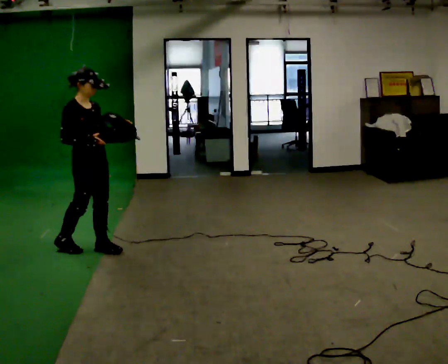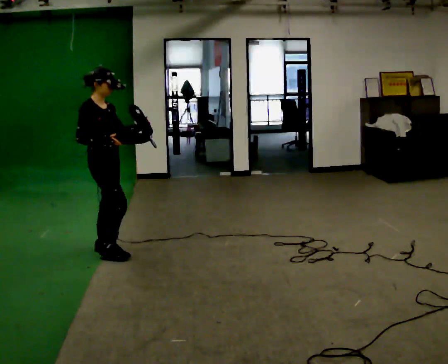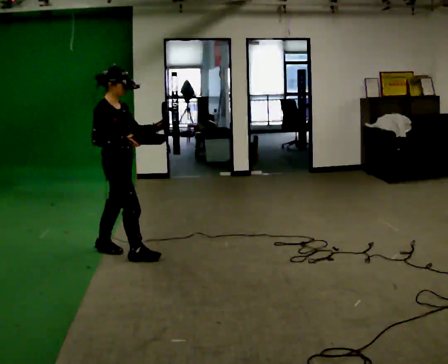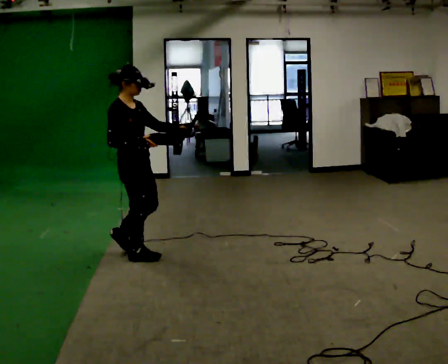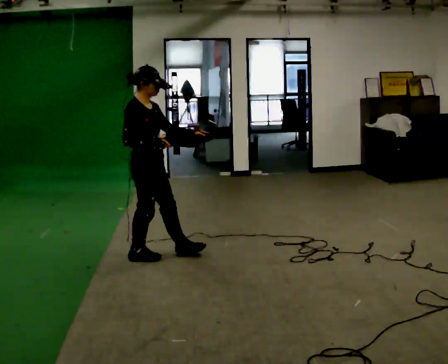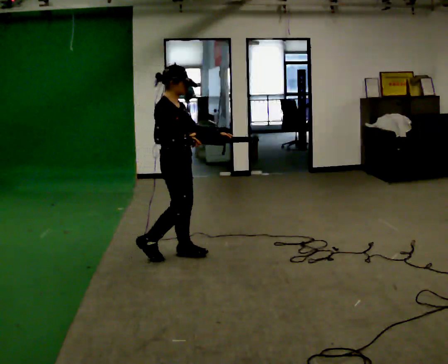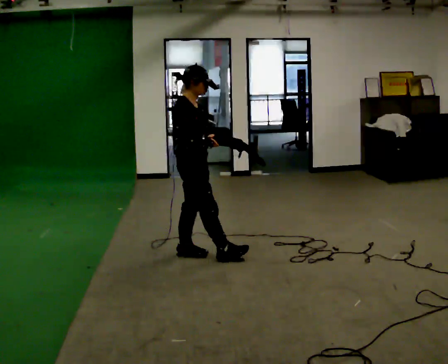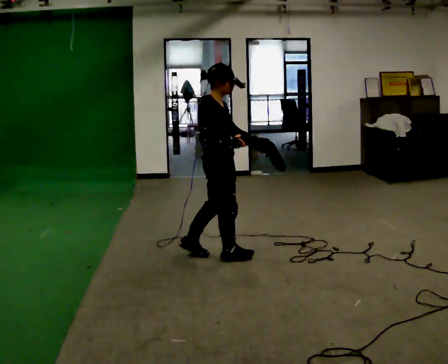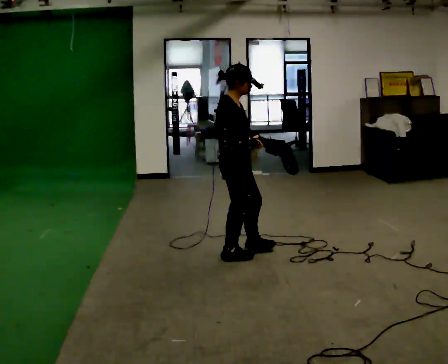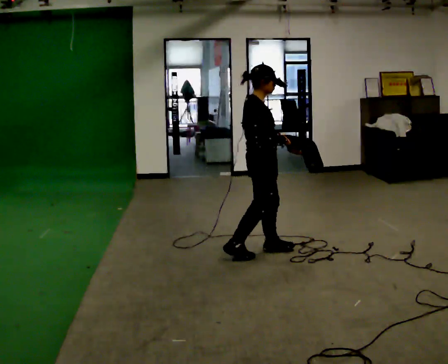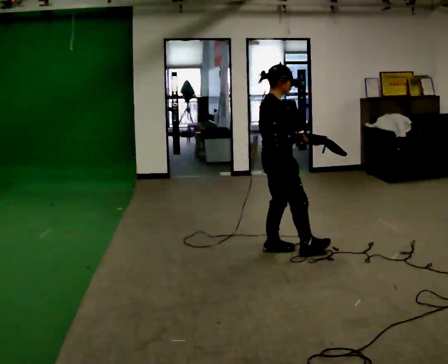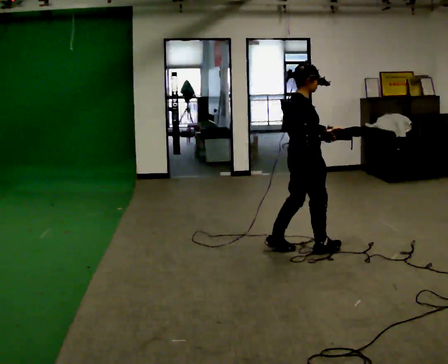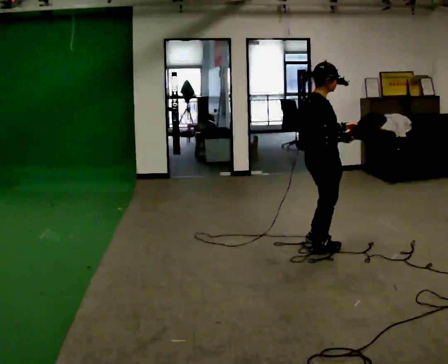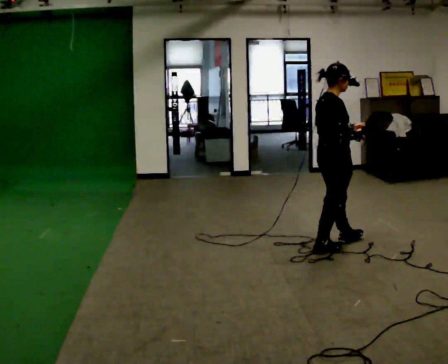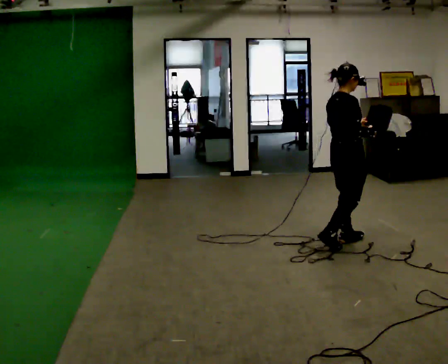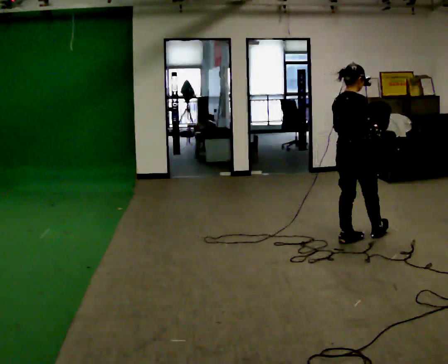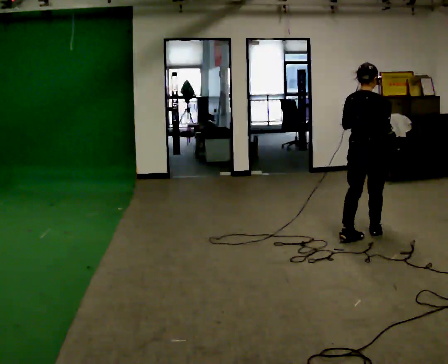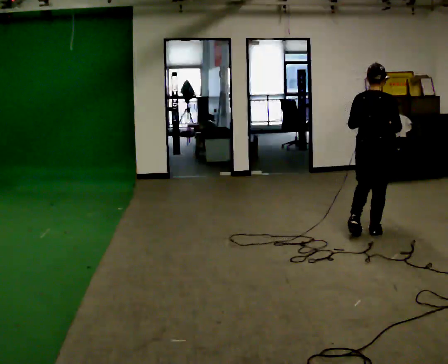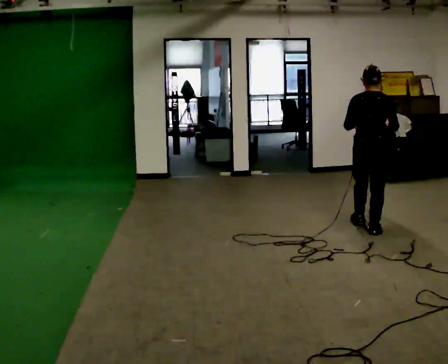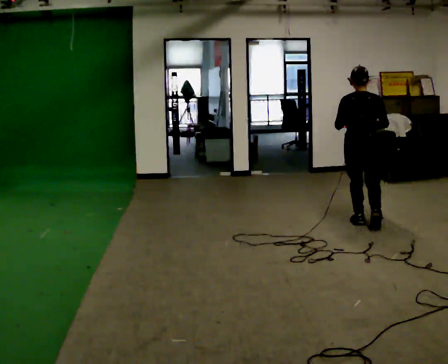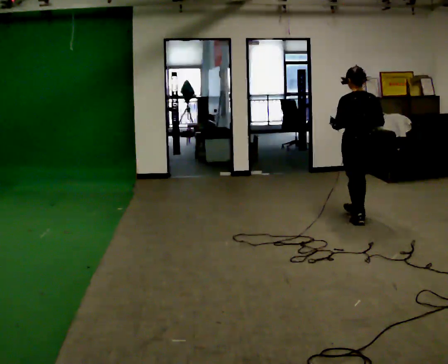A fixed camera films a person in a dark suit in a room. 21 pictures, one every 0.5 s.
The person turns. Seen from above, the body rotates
counterclockwise.
The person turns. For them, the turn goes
to their left.
0.0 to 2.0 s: In the picture they go to the right, about 0.5 m in 2 steps, which for them is forward.
2.0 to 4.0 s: In the picture they go to the right, about 0.75 m in 1 step, which for them is forward.
4.0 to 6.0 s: In the picture they go to the right, about 0.75 m in 2 steps, which for them is forward.
6.0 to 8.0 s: The person turns about 45 degrees to their left, counterclockwise seen from above, so the part of the body nearest the lens slides to the right. In the picture they go to the right and away from the camera, about 0.5 m in 2 steps, which for them is forward.
8.0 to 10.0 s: Seen from above the body turns counterclockwise, about 60 degrees: to their left, with its near side sliding to the right. In the picture they go away from the camera, about 0.5 m in 1 step, which for them is forward.
The film runs forward here.
